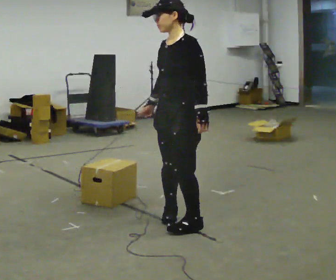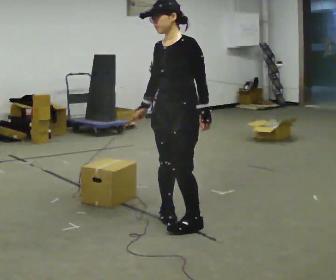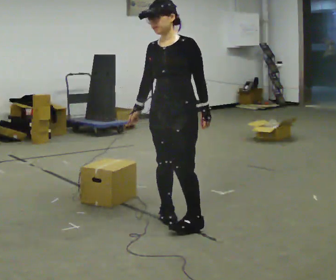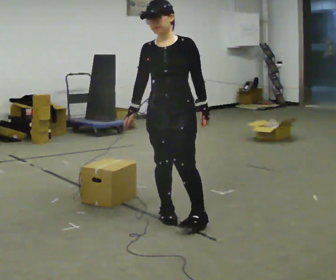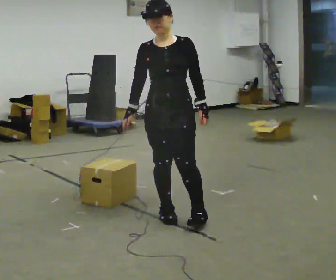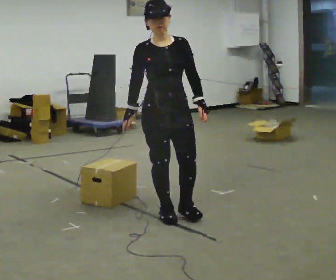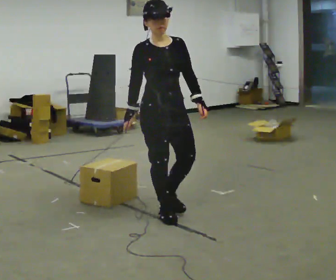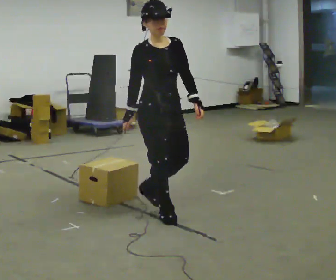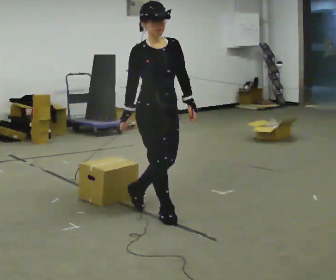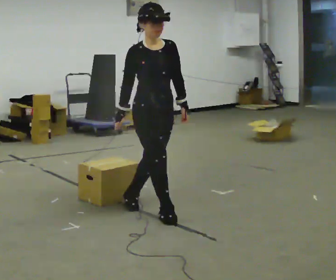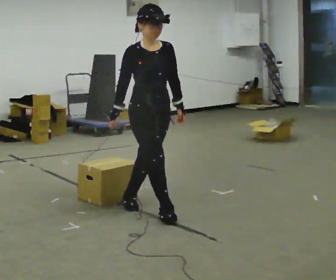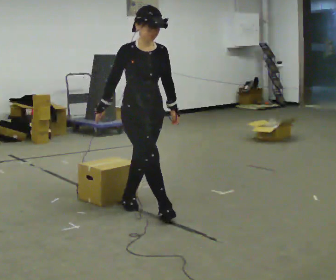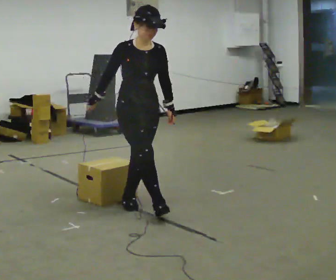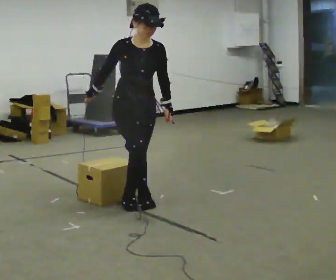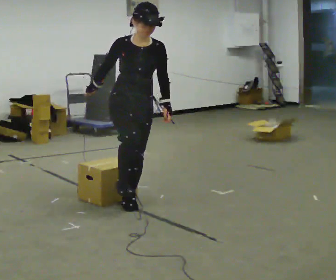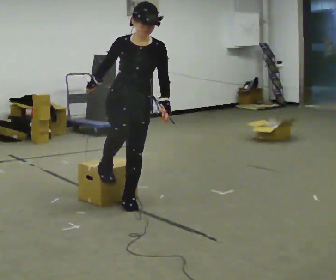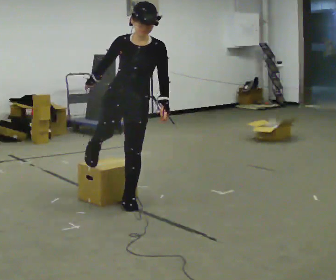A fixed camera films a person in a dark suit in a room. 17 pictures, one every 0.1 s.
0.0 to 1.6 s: The person turns about 75 degrees to their left, counterclockwise seen from above, so the part of the body nearest the lens slides to the right. In the picture they go to the left and away from the camera, about 0.75 m in 2 steps. In the picture the upper body tilts clockwise, shoulders to the right.
The film runs backward here.
